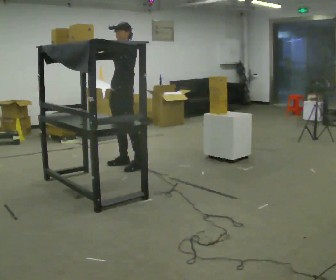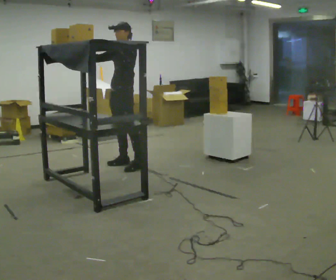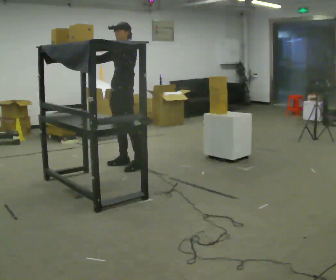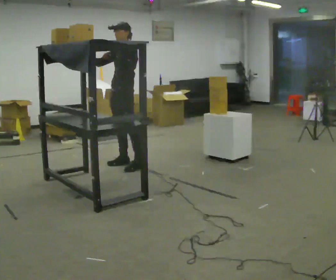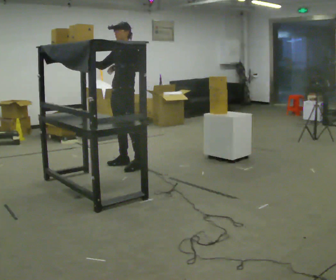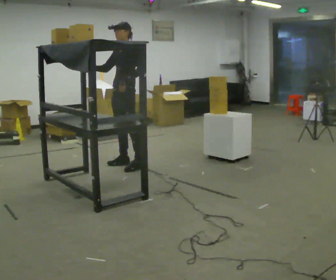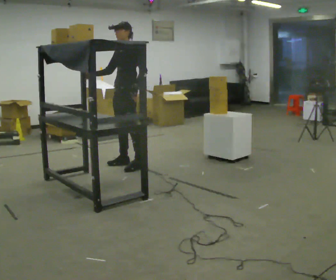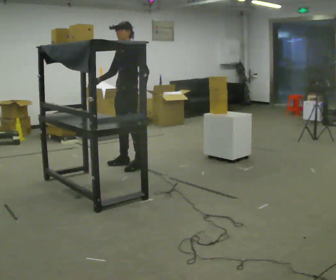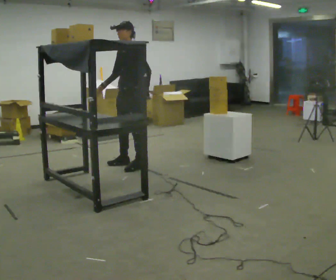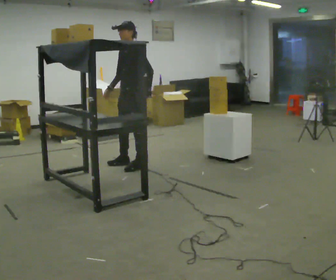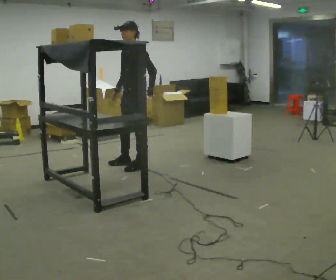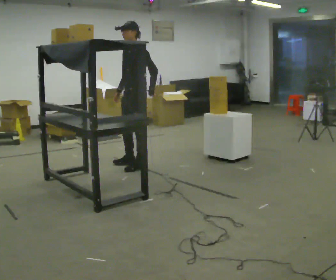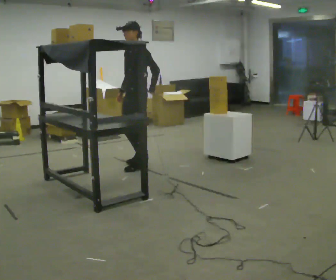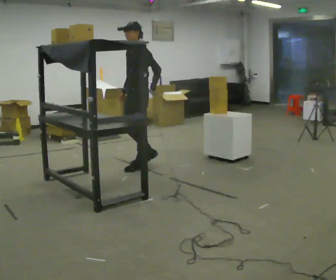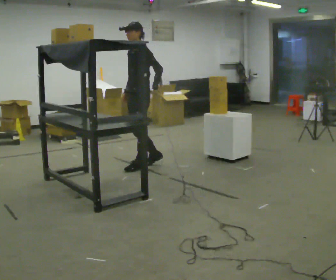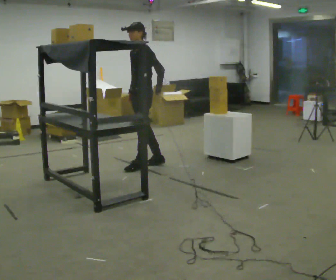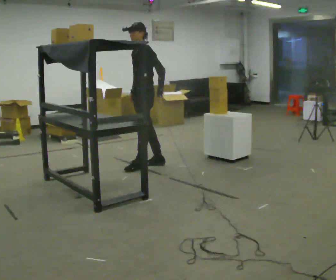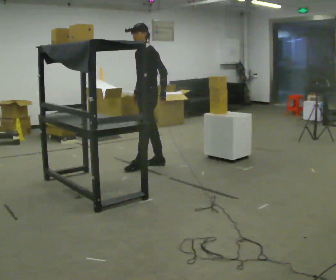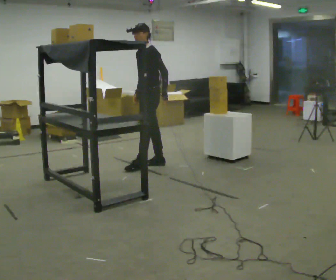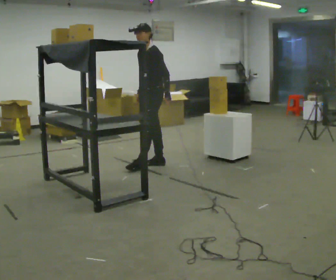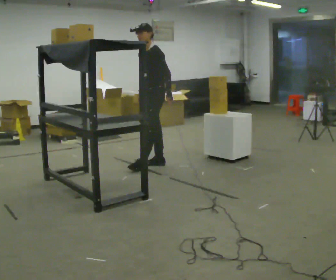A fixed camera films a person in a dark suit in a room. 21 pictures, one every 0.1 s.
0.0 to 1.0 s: In the picture their left hand goes downward and to the right.
1.0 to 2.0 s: In the picture they go to the right, about 0.25 m in 2 steps, which for them is backward.
The film runs backward here.
